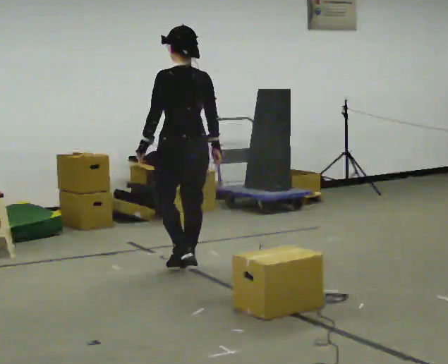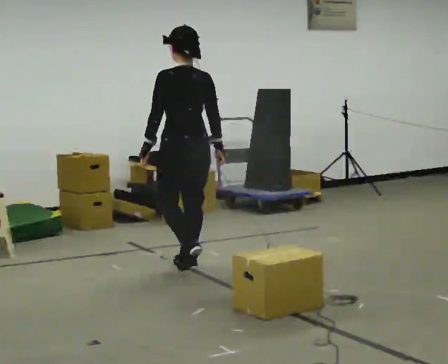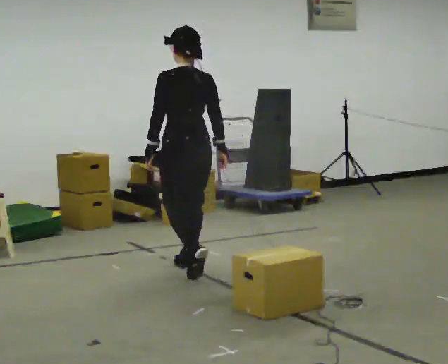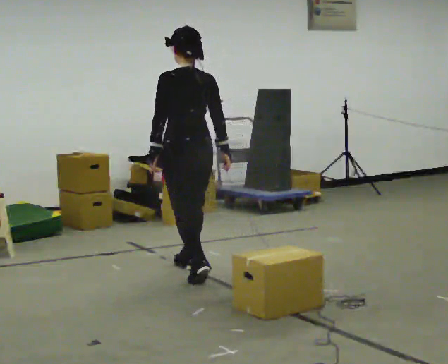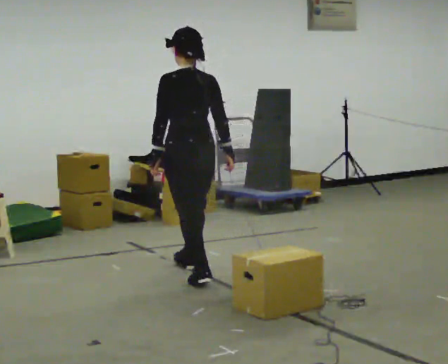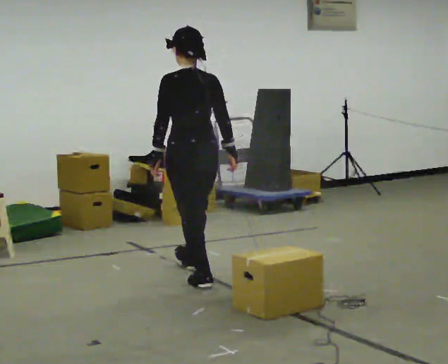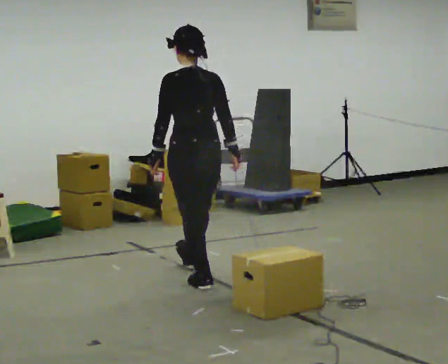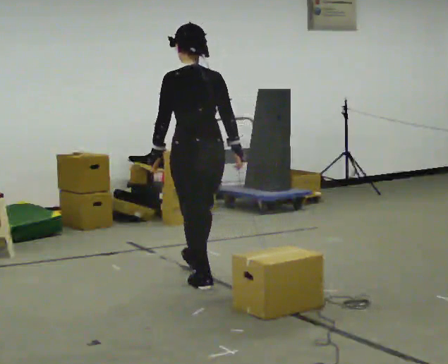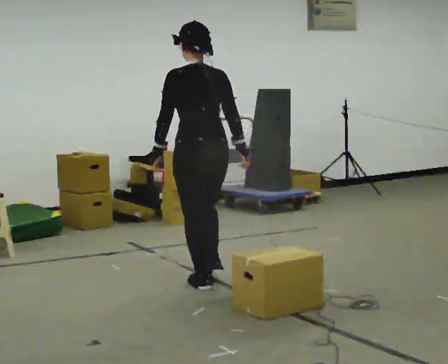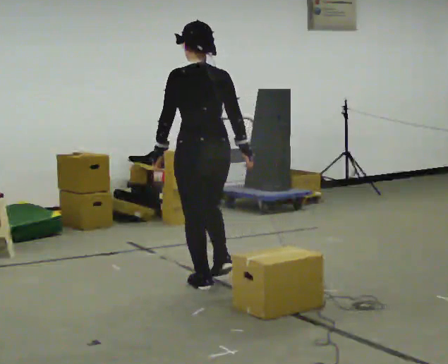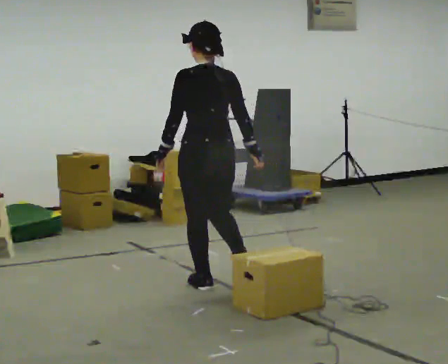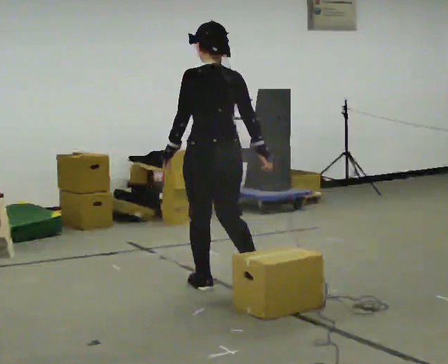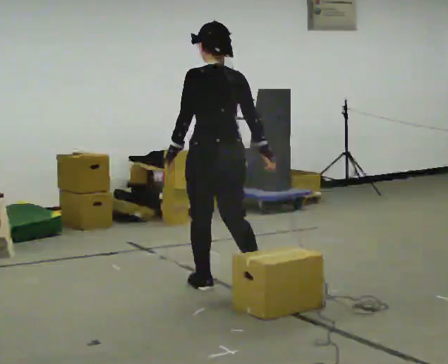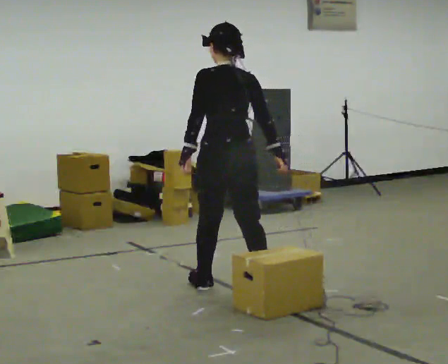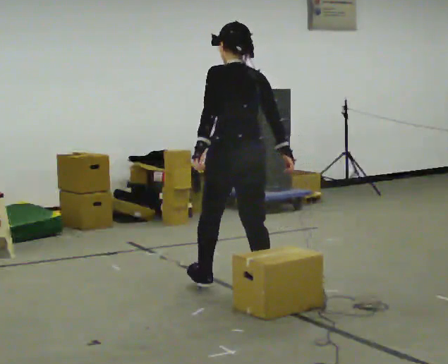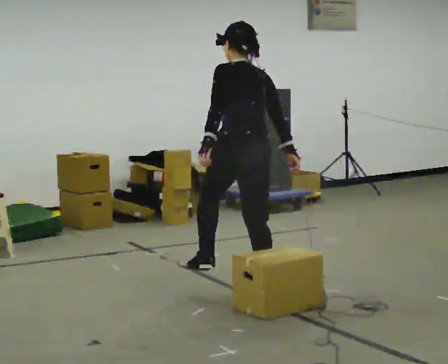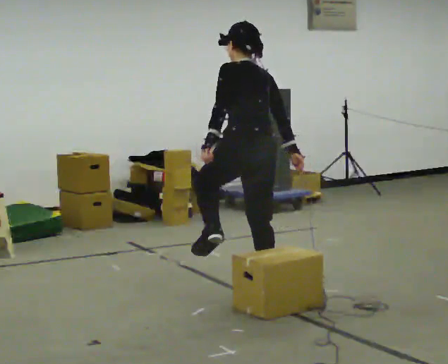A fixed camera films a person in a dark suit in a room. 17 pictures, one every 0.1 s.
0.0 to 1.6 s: In the picture they go toward the camera and to the right, about 1 m in 2 steps, which for them is backward. The upper body tips away from the camera, its near side rolling upward, as they bend forward.
The film runs backward here.
